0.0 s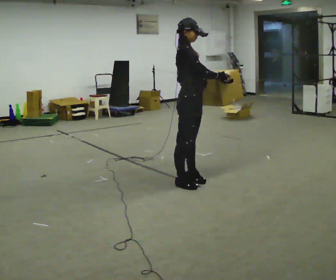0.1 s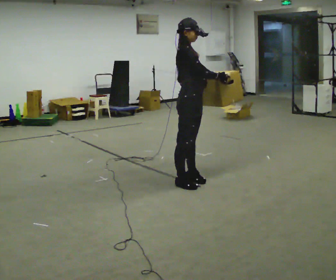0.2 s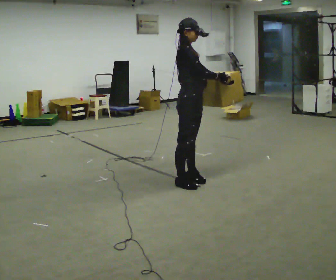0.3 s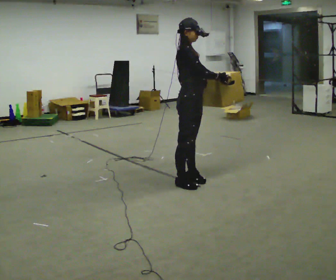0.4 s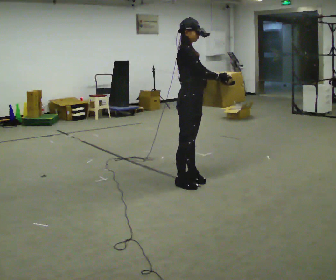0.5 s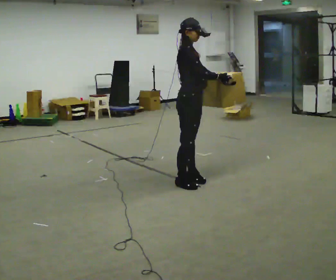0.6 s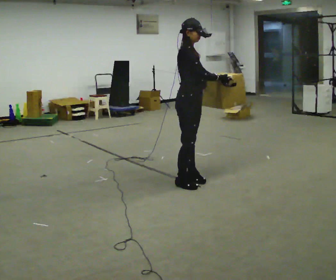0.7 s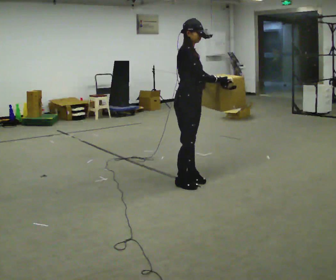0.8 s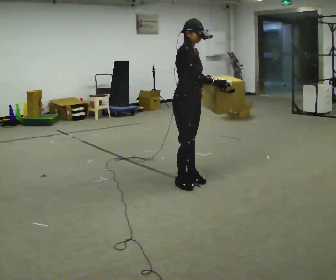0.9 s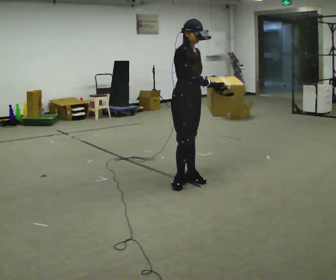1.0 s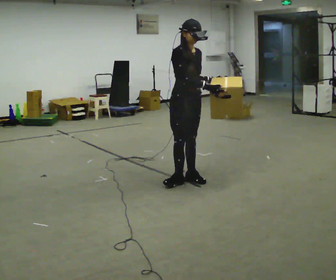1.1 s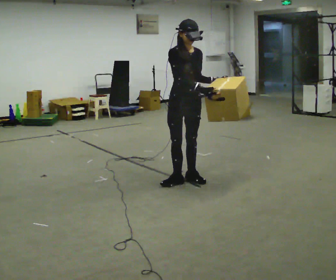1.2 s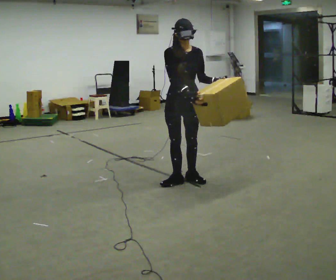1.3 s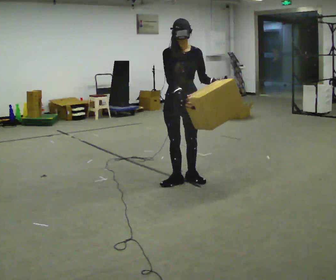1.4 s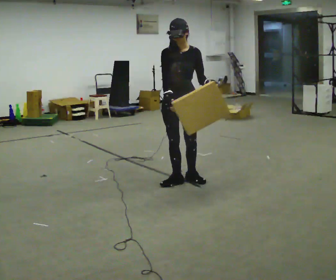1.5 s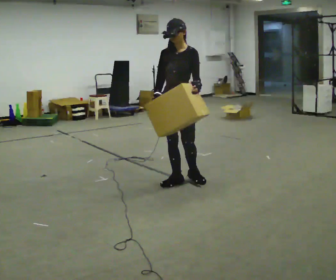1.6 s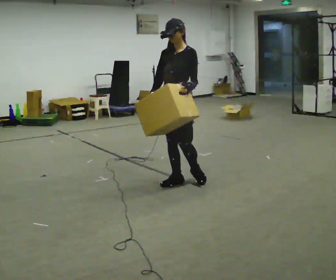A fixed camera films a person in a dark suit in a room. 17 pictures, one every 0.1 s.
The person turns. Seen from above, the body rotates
clockwise.
The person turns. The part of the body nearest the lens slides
to the left.
0.0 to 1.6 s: The part of the body nearest the lens slides to the left as the person turns to their right by about 105 degrees.
The film runs forward here.
